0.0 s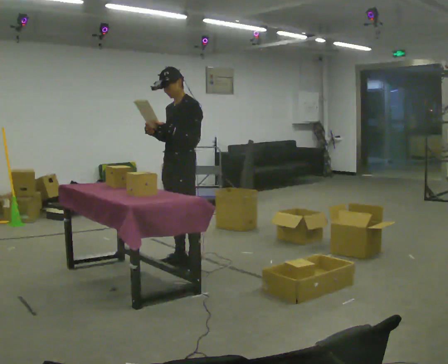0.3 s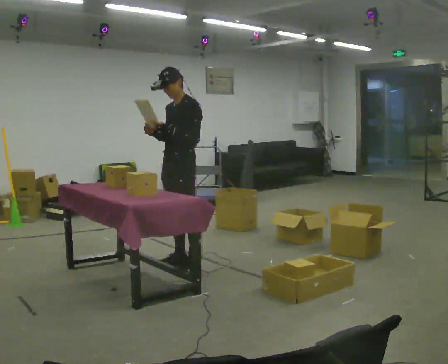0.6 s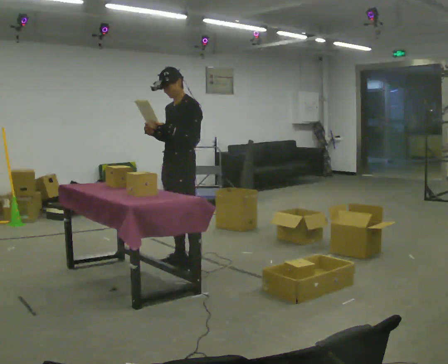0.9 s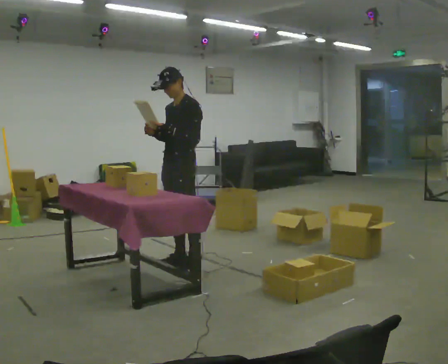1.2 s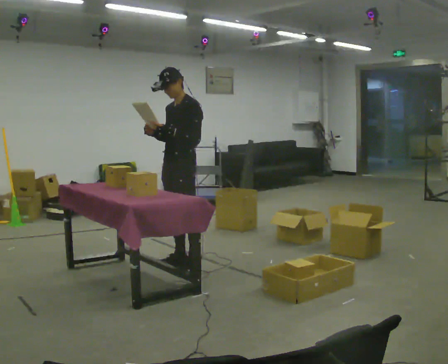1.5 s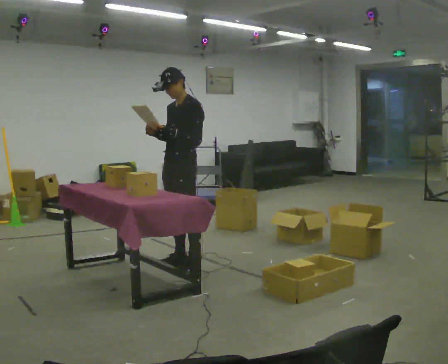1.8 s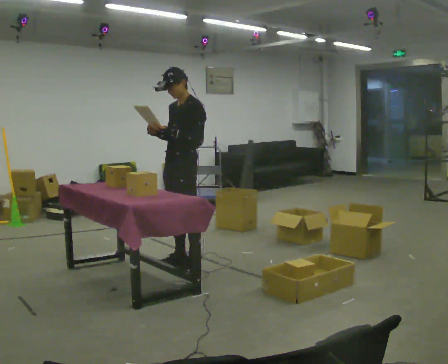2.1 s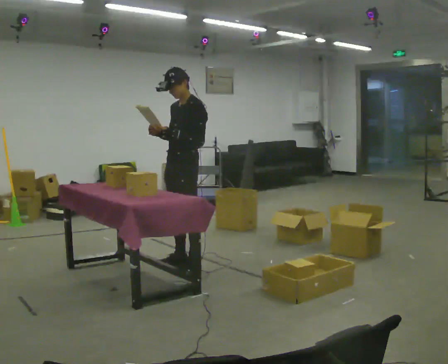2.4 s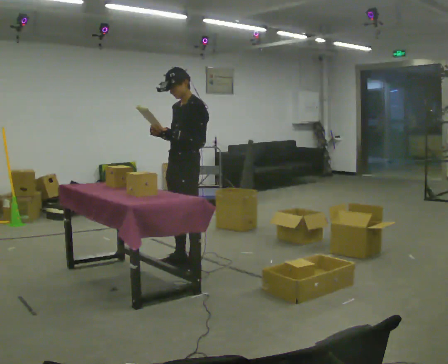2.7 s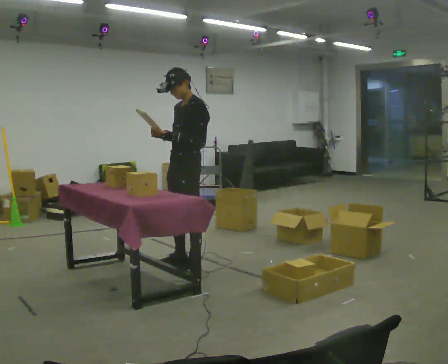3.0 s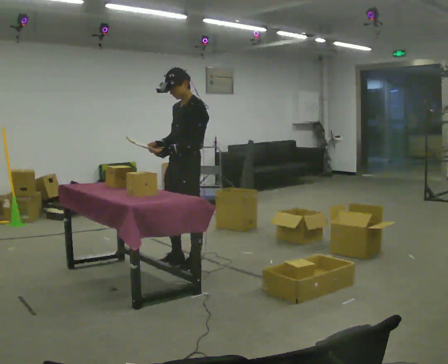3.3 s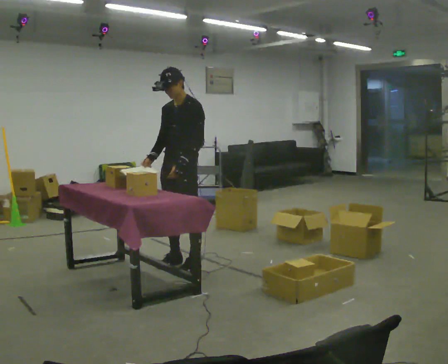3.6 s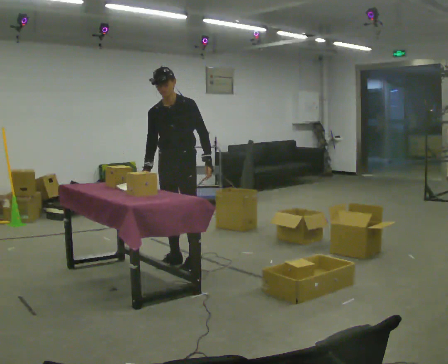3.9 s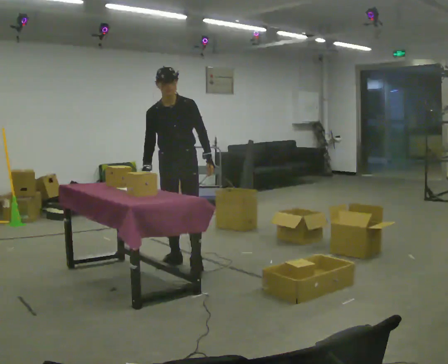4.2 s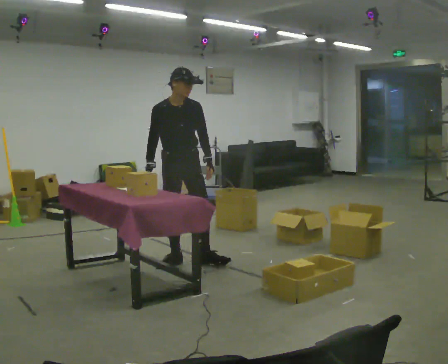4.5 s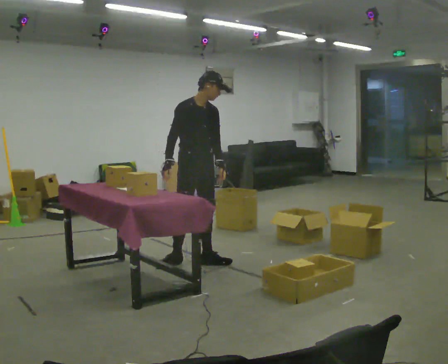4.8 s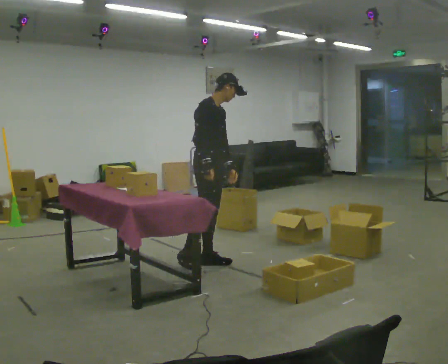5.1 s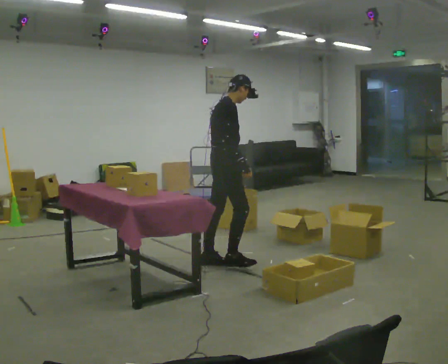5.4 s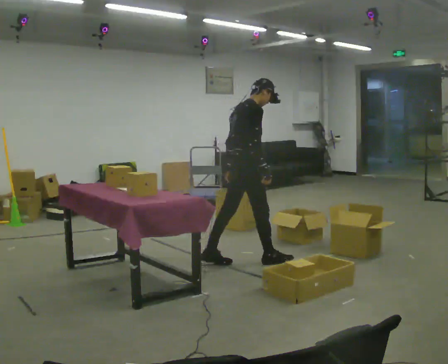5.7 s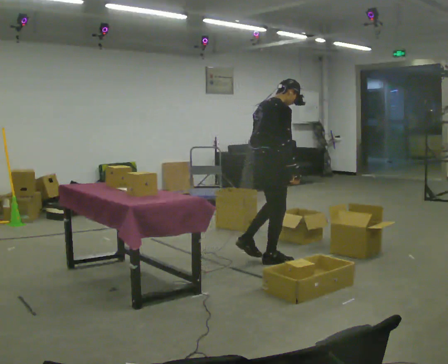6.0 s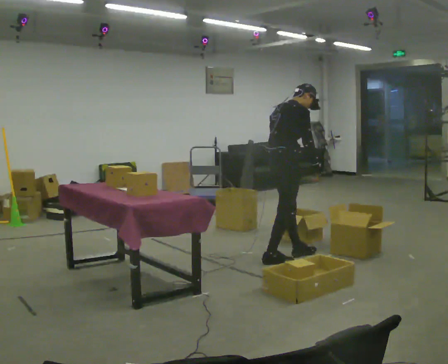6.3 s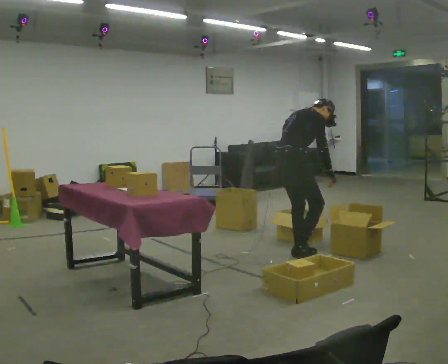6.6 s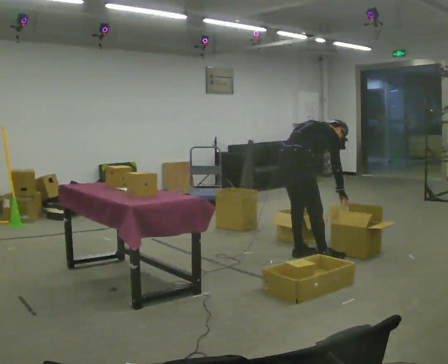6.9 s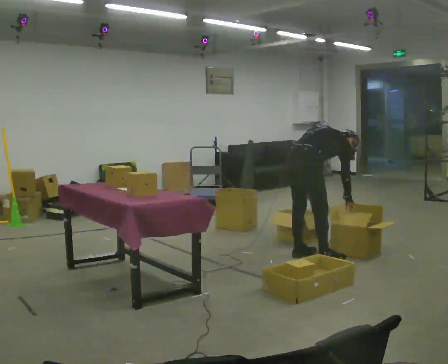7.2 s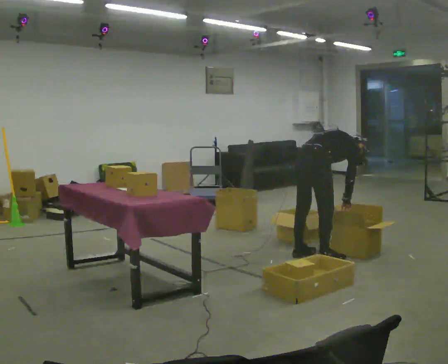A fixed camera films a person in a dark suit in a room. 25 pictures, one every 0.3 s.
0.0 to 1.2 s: The person keeps their place and pose.
1.2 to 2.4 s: The person moves a little, or ends about where they began.
2.4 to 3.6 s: The person turns about 45 degrees to their left, counterclockwise seen from above, so the part of the body nearest the lens slides to the right.
3.6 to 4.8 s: The part of the body nearest the lens slides to the right as the person turns to their left by about 75 degrees. In the picture they go to the right, about 0.25 m. In the picture the upper body tilts clockwise, shoulders to the right.
4.8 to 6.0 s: The part of the body nearest the lens slides to the right as the person turns to their left by about 60 degrees. In the picture they go to the right, about 0.75 m in 1 step, which for them is forward.
6.0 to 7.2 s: In the picture they go to the right and toward the camera, about 0.25 m in 2 steps, which for them is to their right. The upper body goes downward. In the picture the upper body tilts clockwise, shoulders to the right, as they bend forward. In the picture their right hand goes downward.
The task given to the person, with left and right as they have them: 1. Read the parts list. 2. Collect each part from the bins around the room. 3. Lay them out on the table in the order on the list. 4. Put them all in the carry case. 5. Tell the operator when you are finished.
The film runs forward here.
